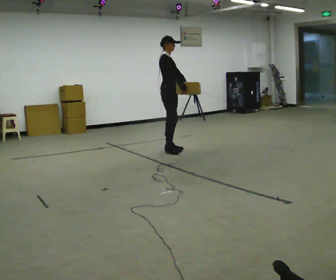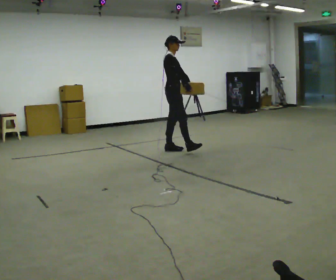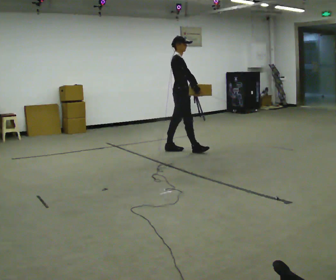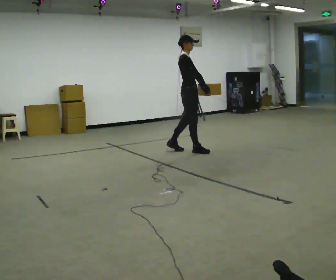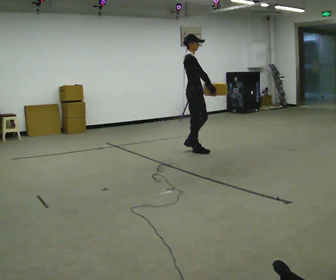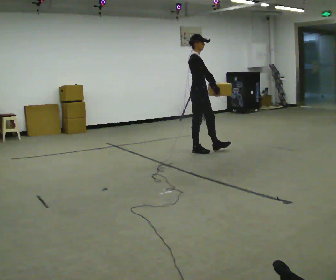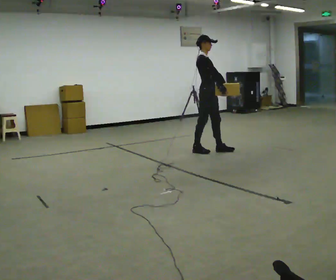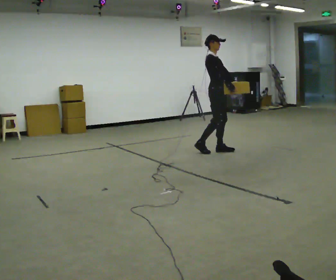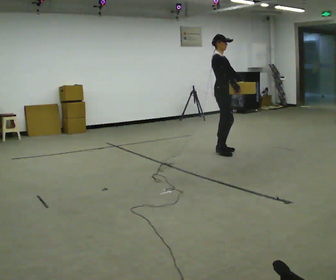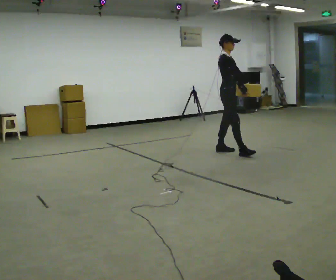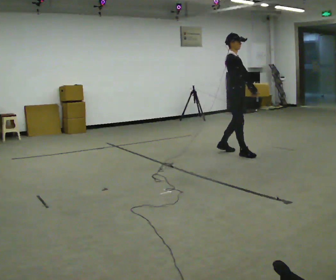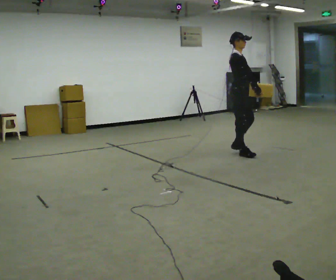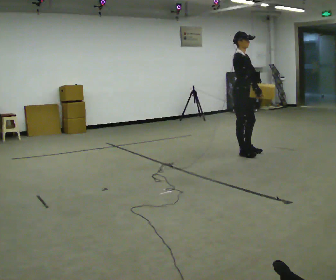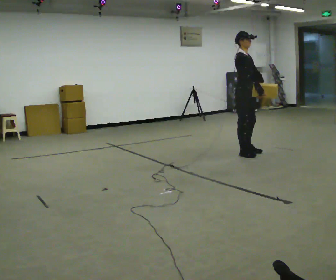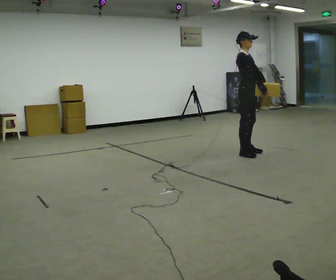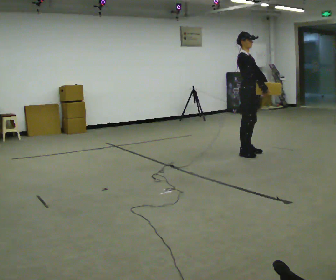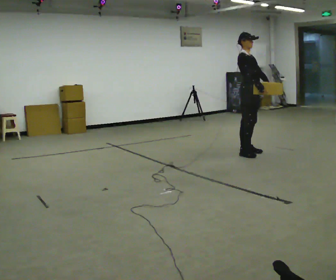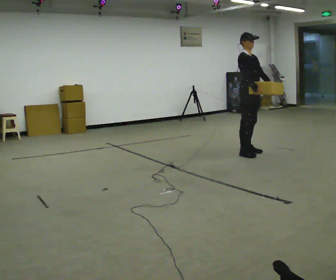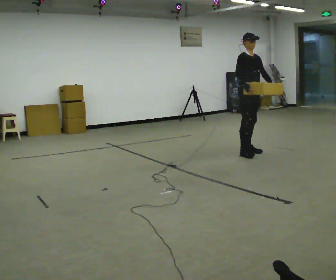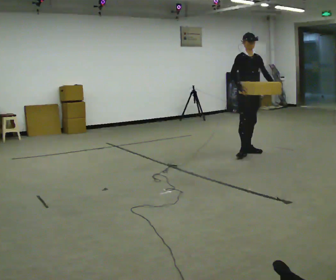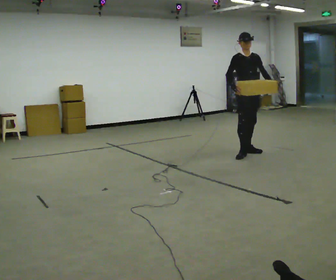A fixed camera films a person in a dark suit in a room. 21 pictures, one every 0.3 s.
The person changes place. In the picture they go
to the right.
0.0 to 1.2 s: In the picture they go to the right, about 0.5 m in 1 step, which for them is forward.
1.2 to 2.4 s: In the picture they go to the right, about 0.5 m in 1 step, which for them is forward.
2.4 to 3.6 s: In the picture they go to the right and toward the camera, about 0.25 m in 2 steps, which for them is forward and to their right.
3.6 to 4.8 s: The person moves a little, or ends about where they began.
4.8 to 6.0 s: The part of the body nearest the lens slides to the left as the person turns to their right by about 30 degrees. In the picture their right hand goes to the left, the arm swinging clockwise.
The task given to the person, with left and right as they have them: Carry the medium box in both hands in front of you, walking back and forth across the room. Keep walking until the operator says stop.
The film runs forward here.
